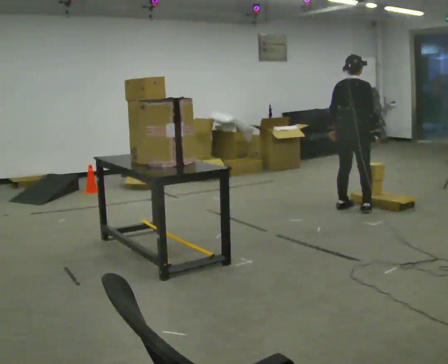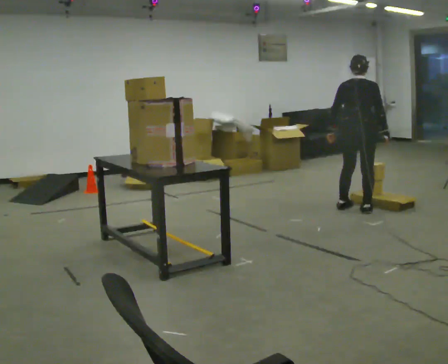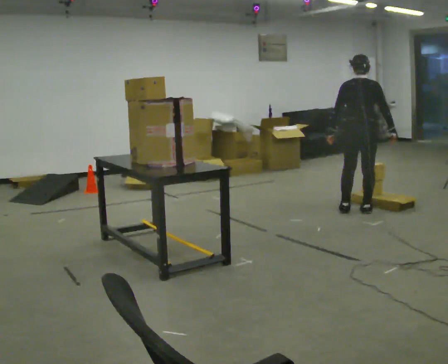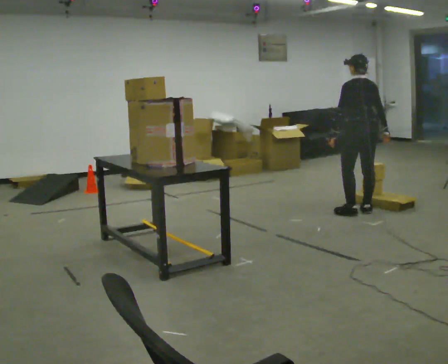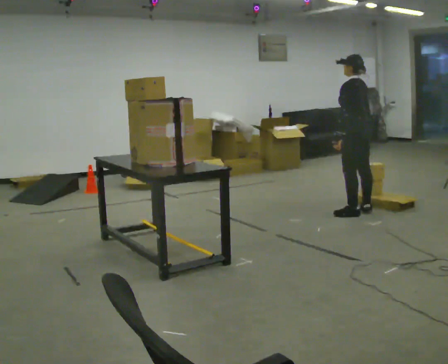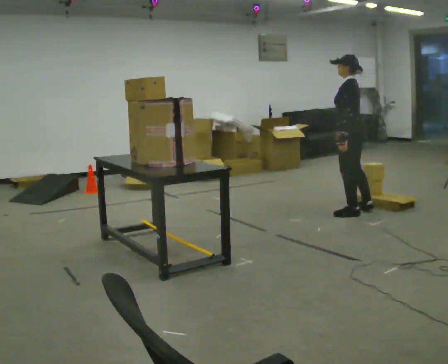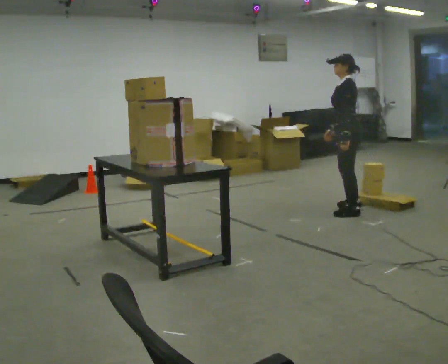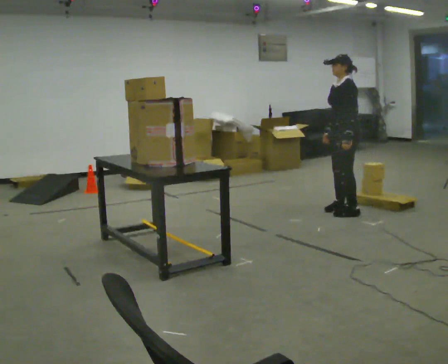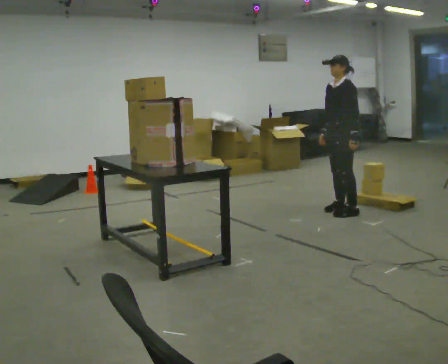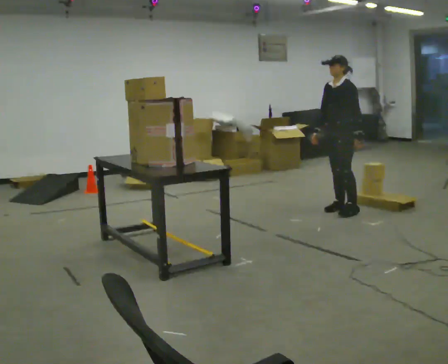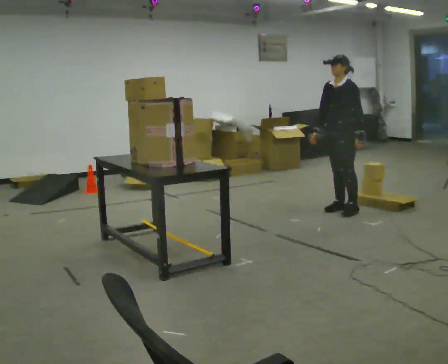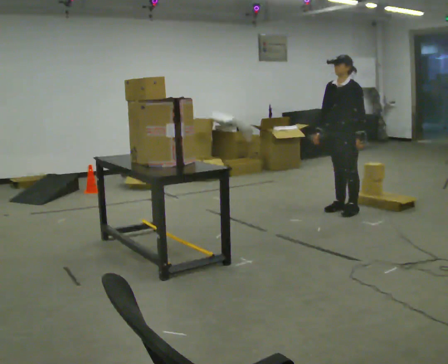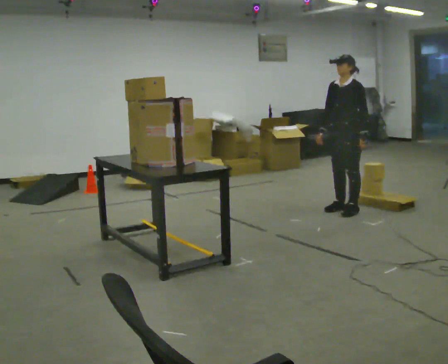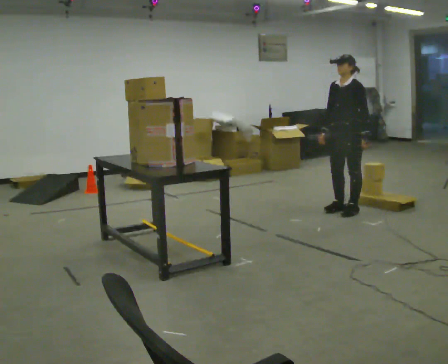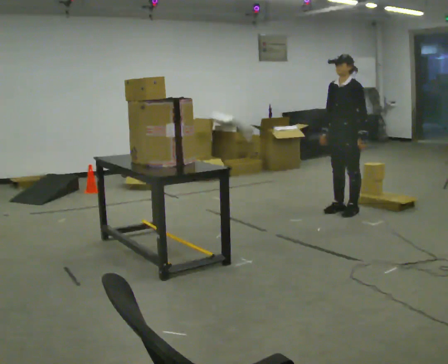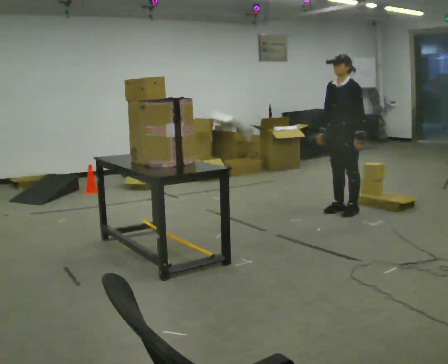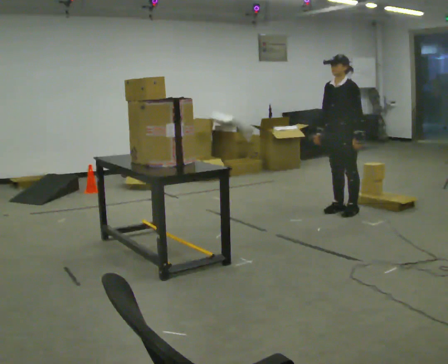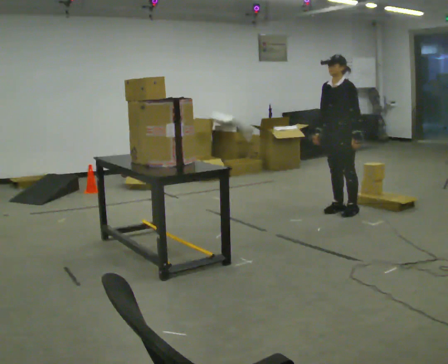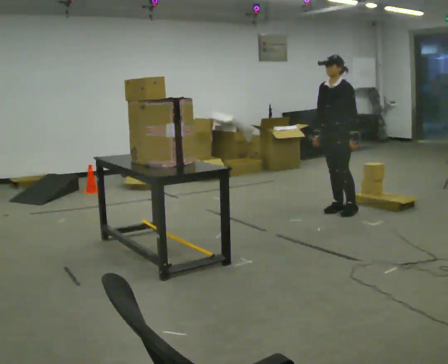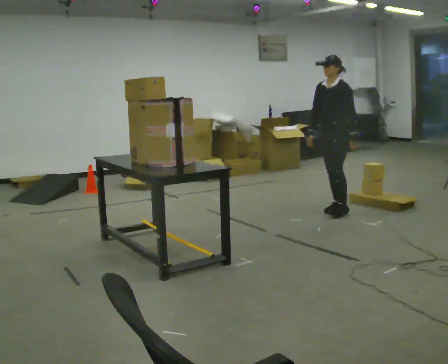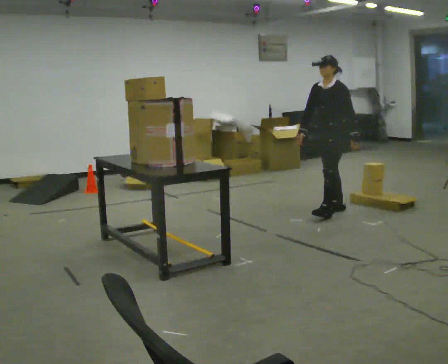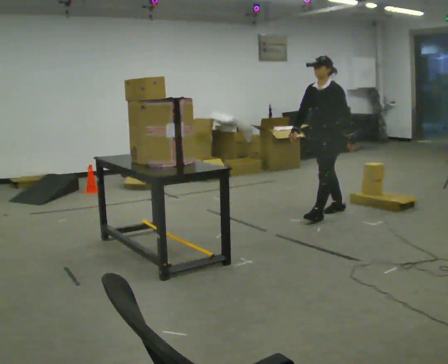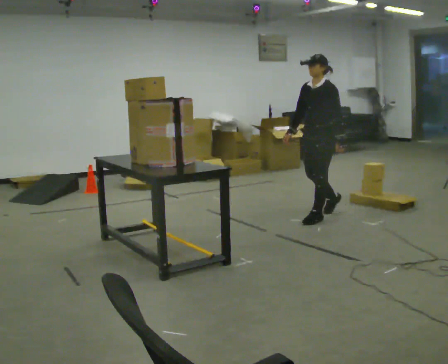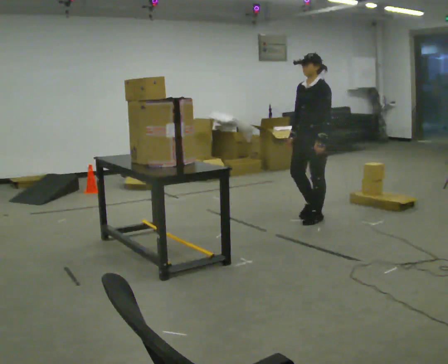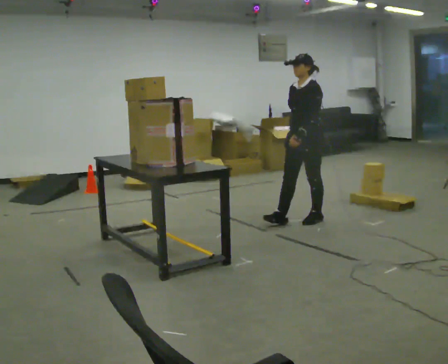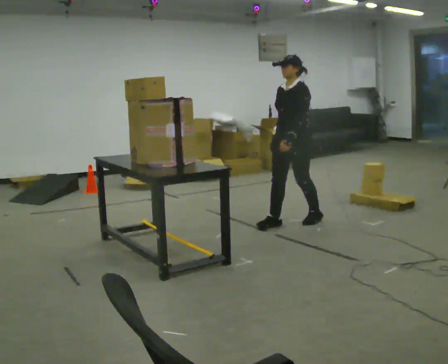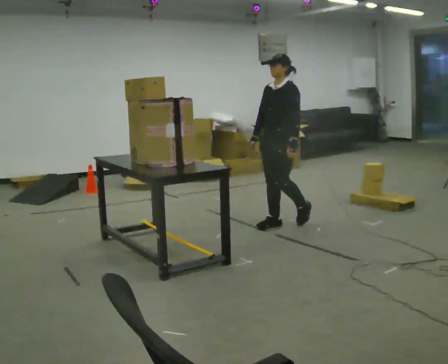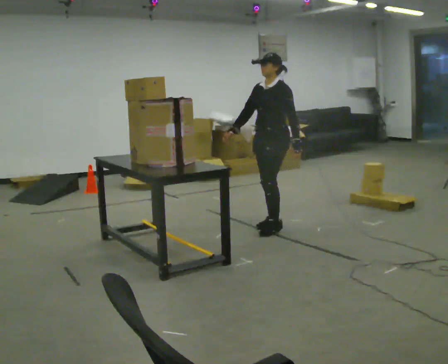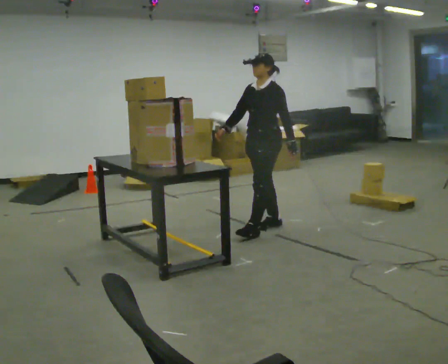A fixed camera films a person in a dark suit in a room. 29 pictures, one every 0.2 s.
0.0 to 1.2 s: The person turns about 120 degrees to their left, counterclockwise seen from above, so the part of the body nearest the lens slides to the right. In the picture they go toward the camera, about 0.25 m in 1 step.
1.2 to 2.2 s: The part of the body nearest the lens slides to the right as the person turns to their left by about 45 degrees.
2.2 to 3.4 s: The person moves a little, or ends about where they began.
3.4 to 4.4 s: In the picture they go toward the camera and to the left, about 0.25 m in 1 step, which for them is forward.
4.4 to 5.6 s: In the picture they go to the left and toward the camera, about 0.75 m in 2 steps, which for them is forward.
The film runs forward here.
